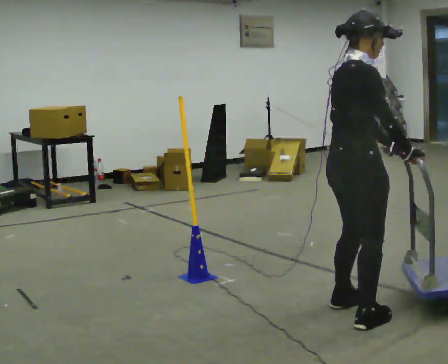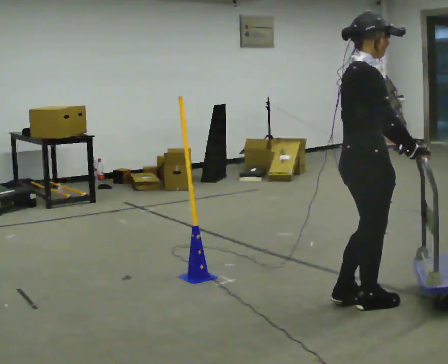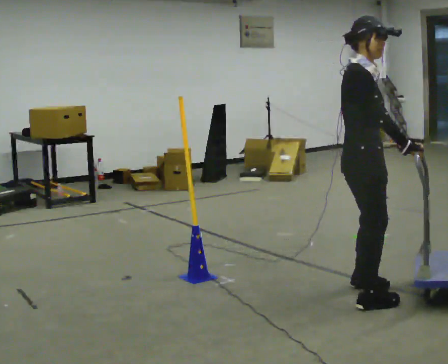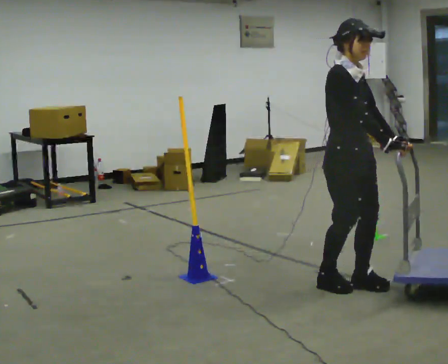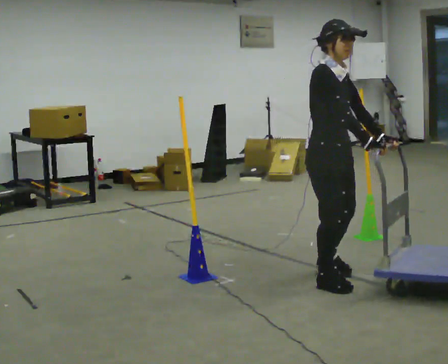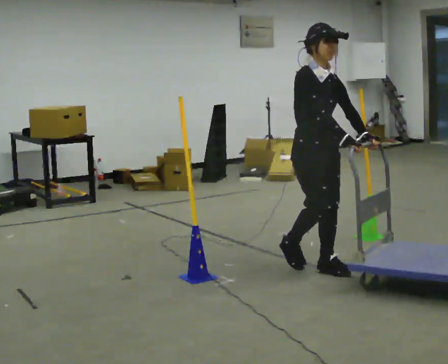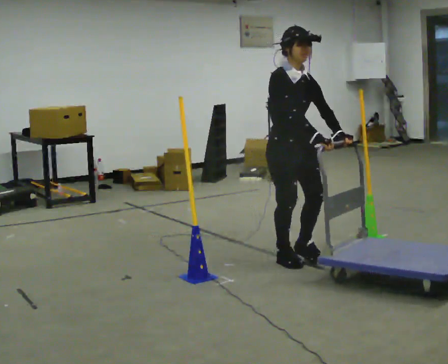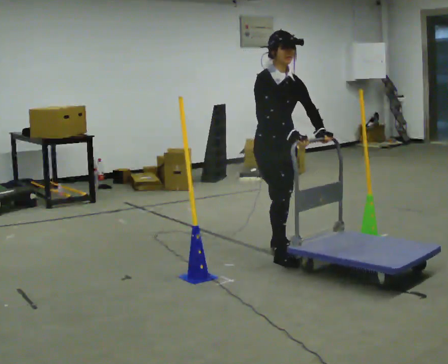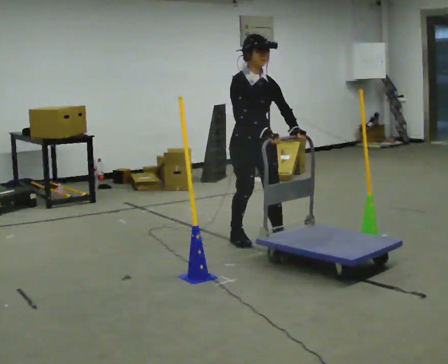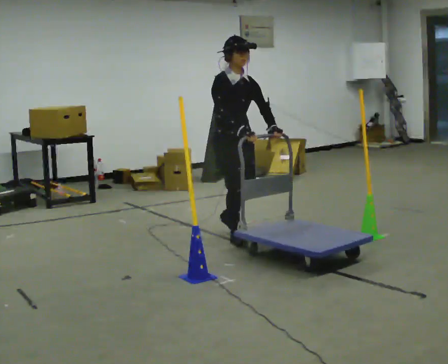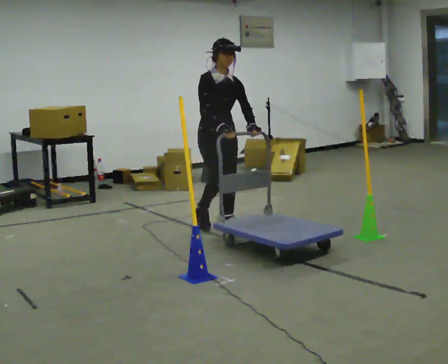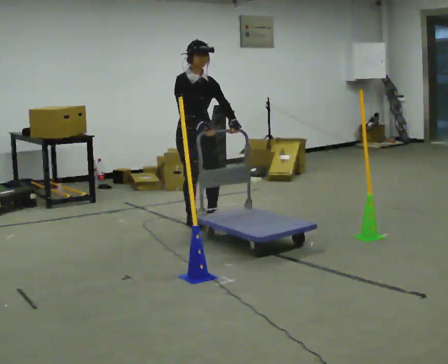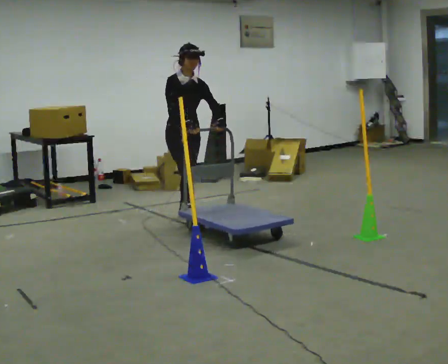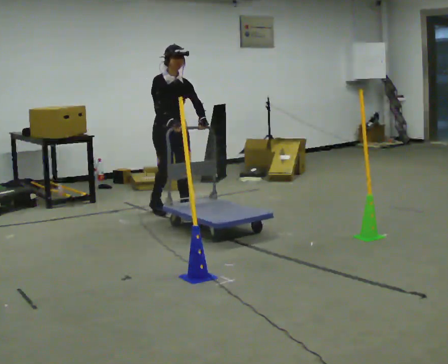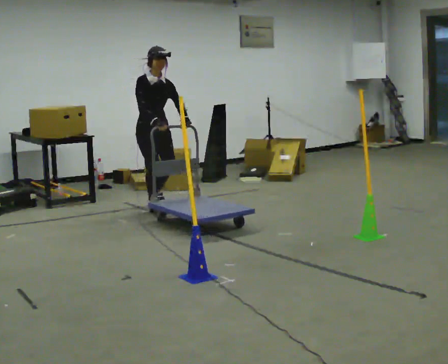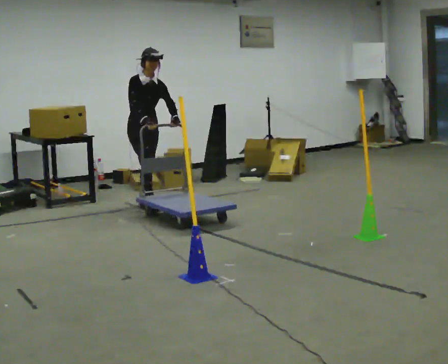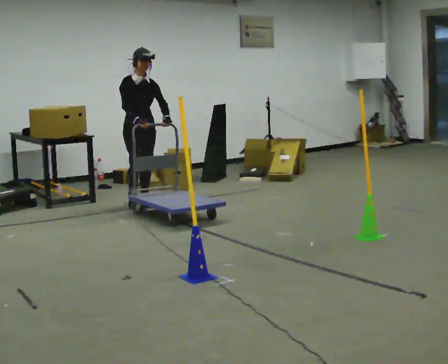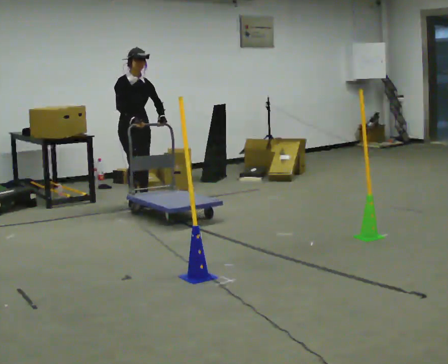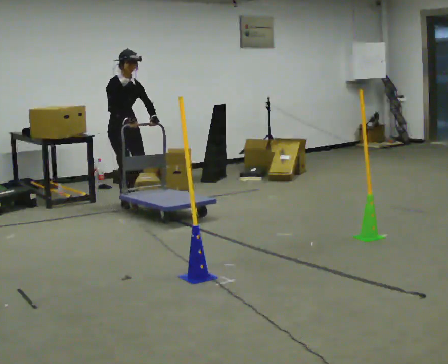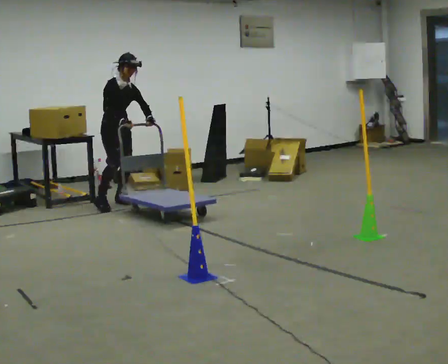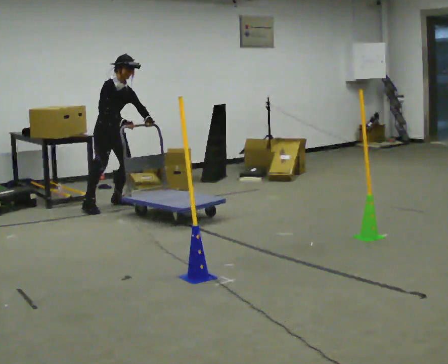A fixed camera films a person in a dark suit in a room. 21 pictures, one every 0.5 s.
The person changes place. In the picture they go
away from the camera.
The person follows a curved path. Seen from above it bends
counterclockwise.
0.0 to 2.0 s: Seen from above the body turns clockwise, about 45 degrees: to their right, with its near side sliding to the left. In the picture they go away from the camera, about 0.5 m in 3 steps, which for them is to their left and backward.
2.0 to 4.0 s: In the picture they go away from the camera and to the left, about 1 m in 3 steps, which for them is backward.
4.0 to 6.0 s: In the picture they go away from the camera and to the left, about 1 m in 4 steps, which for them is backward.
6.0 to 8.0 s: In the picture they go away from the camera and to the left, about 1 m in 2 steps, which for them is backward.
8.0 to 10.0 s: In the picture they go to the left, about 0.25 m in 2 steps, which for them is backward and to their right. In the picture the upper body tilts clockwise, shoulders to the right.
The film runs backward here.
